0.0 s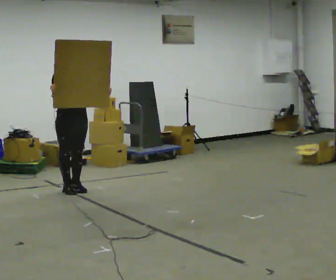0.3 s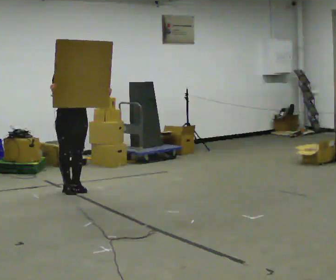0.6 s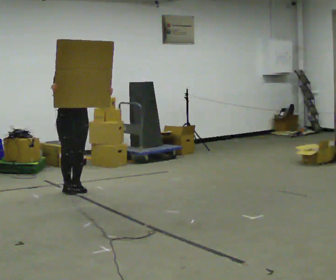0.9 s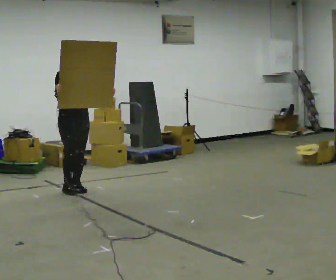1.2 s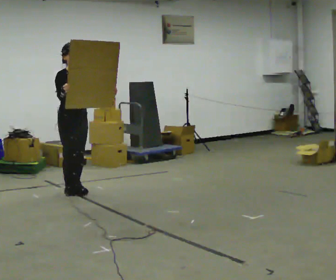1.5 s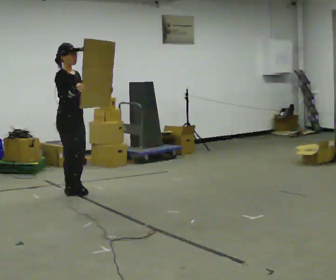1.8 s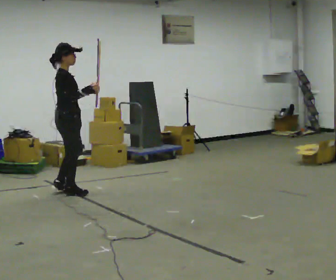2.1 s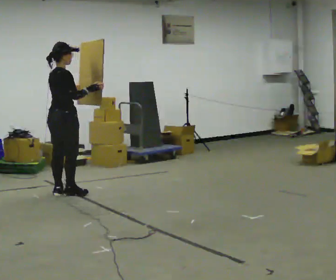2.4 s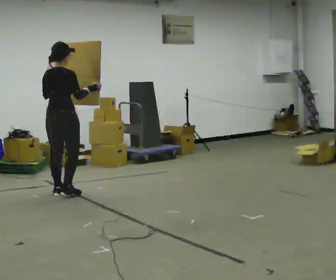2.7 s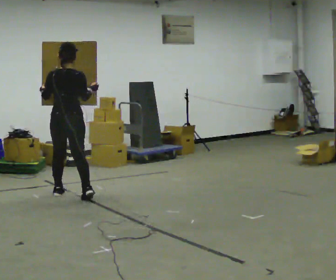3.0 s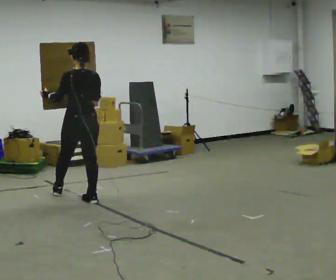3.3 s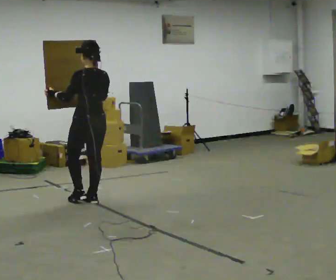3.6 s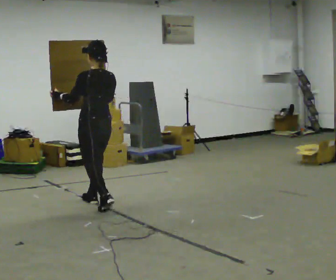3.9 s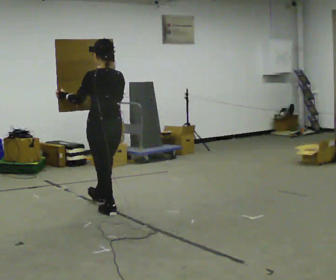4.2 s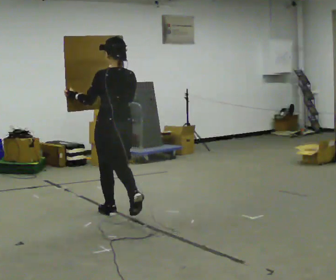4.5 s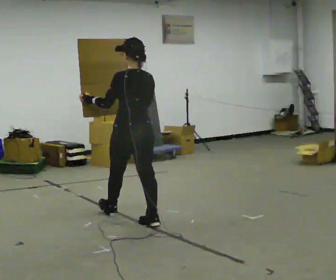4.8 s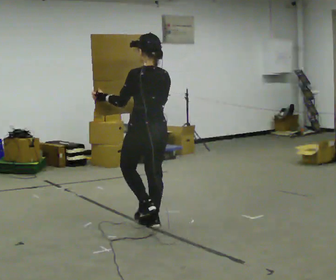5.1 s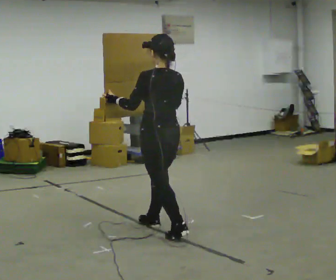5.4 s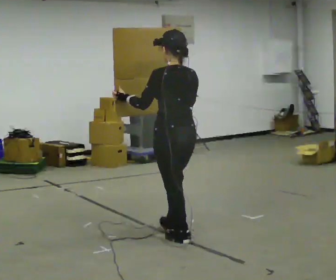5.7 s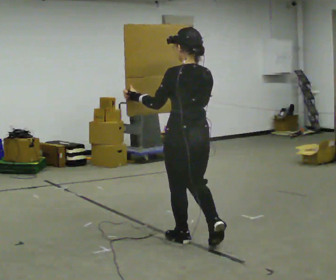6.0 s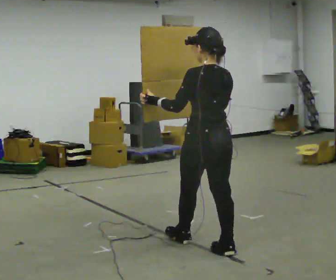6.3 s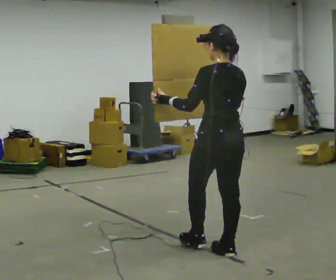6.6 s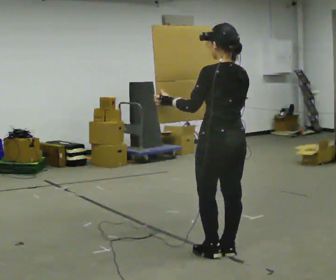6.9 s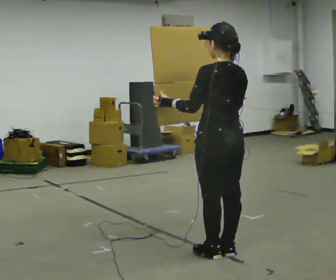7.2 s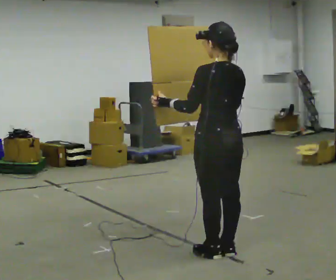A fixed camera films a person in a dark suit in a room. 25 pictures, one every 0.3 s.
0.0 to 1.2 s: The person moves a little, or ends about where they began.
1.2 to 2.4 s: The person turns about 105 degrees to their left, counterclockwise seen from above, so the part of the body nearest the lens slides to the right. In the picture they go toward the camera, about 0.25 m in 2 steps. In the picture their left hand goes to the left.
2.4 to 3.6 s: The person turns about 75 degrees to their left, counterclockwise seen from above, so the part of the body nearest the lens slides to the right. In the picture they go to the right and toward the camera, about 0.5 m in 1 step.
3.6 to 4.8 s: In the picture they go toward the camera and to the right, about 1 m in 2 steps, which for them is backward.
4.8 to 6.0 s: In the picture they go toward the camera and to the right, about 1 m in 1 step, which for them is backward.
6.0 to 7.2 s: In the picture they go toward the camera, about 0.25 m in 1 step, which for them is backward.
The film runs backward here.
